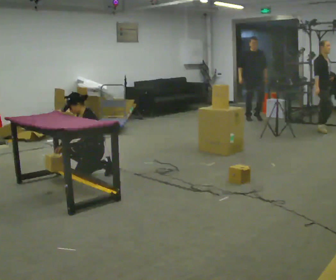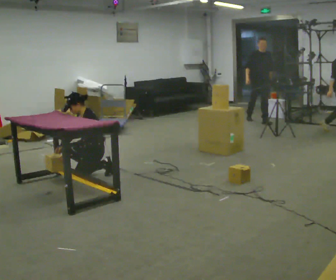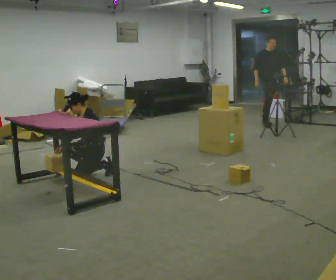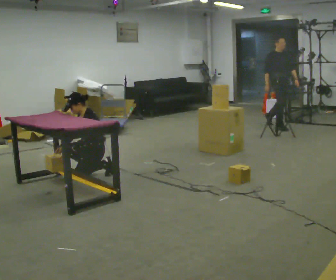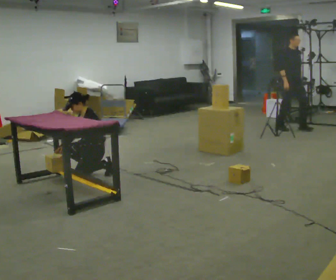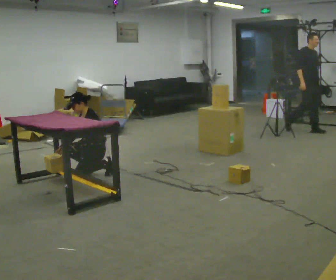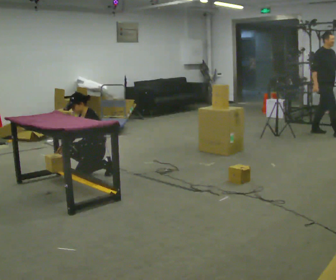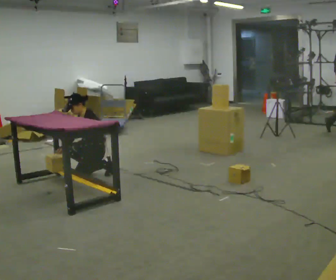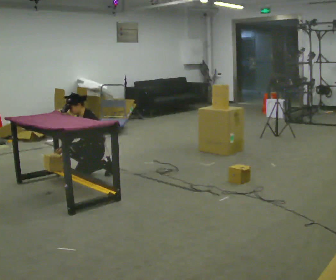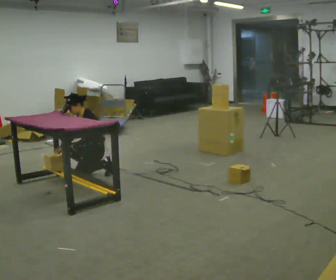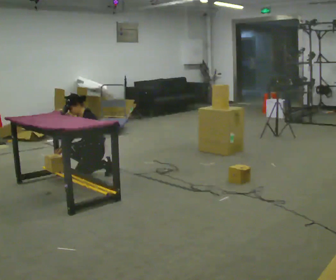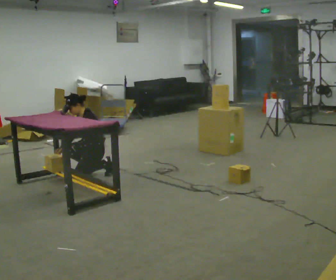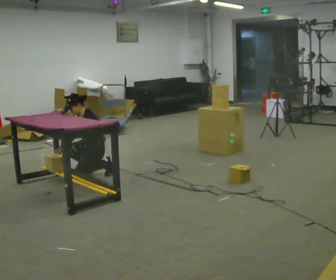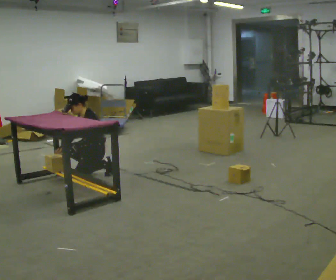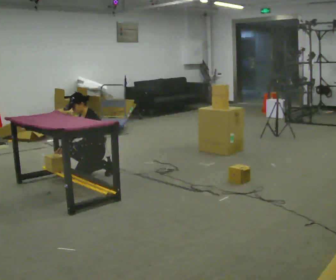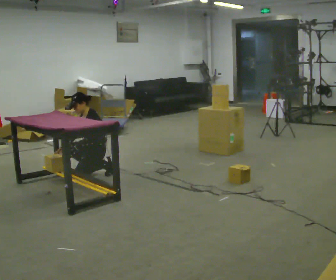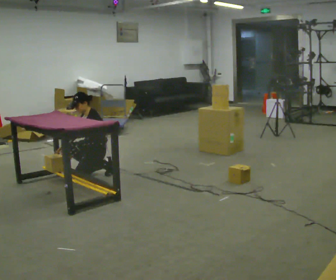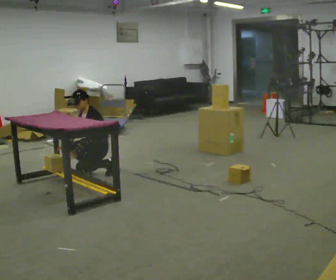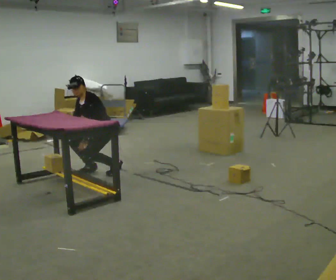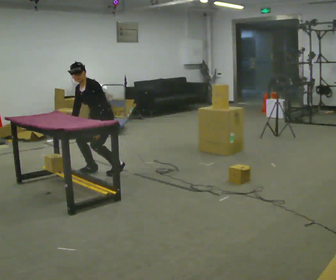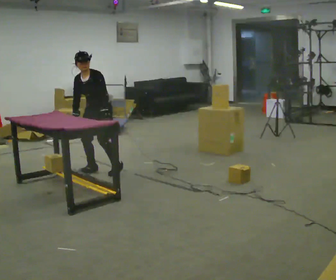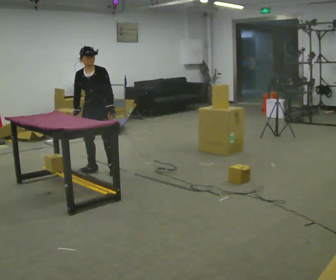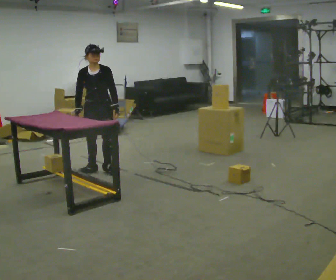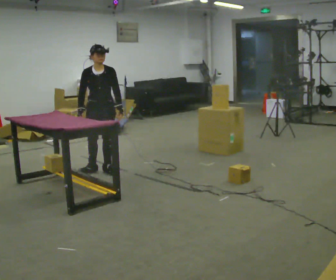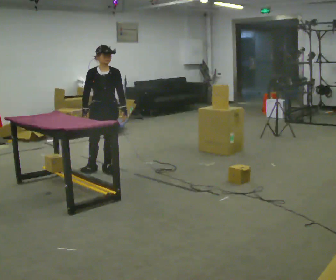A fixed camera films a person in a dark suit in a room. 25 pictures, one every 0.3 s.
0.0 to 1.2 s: The person keeps their place and pose.
1.2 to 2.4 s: The person moves a little, or ends about where they began.
2.4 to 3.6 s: The person keeps their place and pose.
3.6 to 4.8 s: The person moves a little, or ends about where they began.
4.8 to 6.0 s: The part of the body nearest the lens slides to the right as the person turns to their left by about 45 degrees. The upper body goes upward. In the picture their left hand goes upward and to the right, the arm swinging counterclockwise.
6.0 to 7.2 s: The person turns about 30 degrees to their left, counterclockwise seen from above, so the part of the body nearest the lens slides to the right. In the picture the upper body tilts clockwise, shoulders to the right, as they lean back or straighten.
The film runs forward here.
